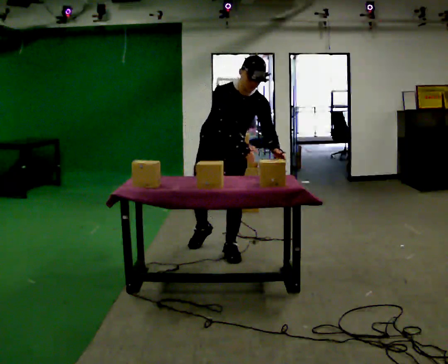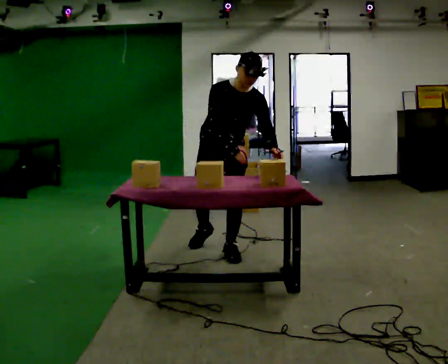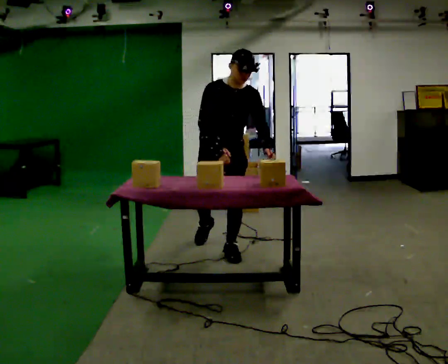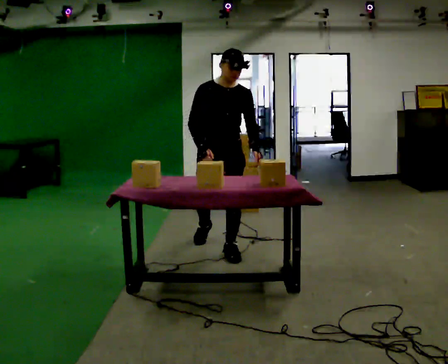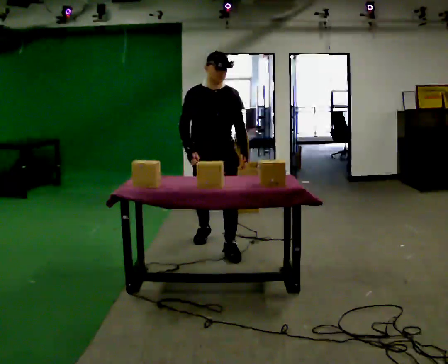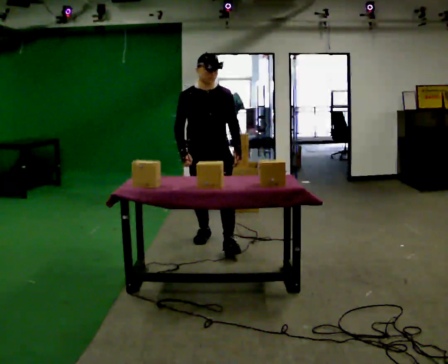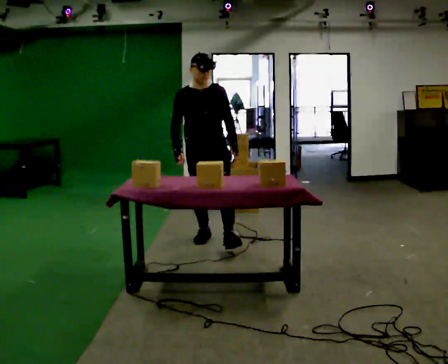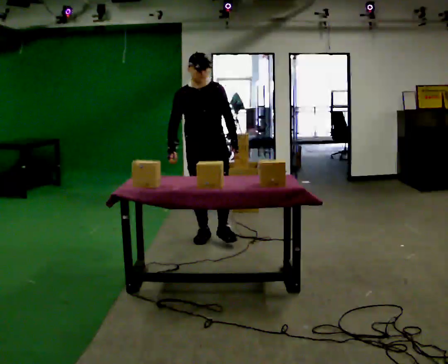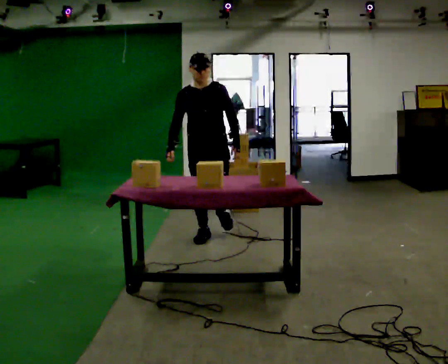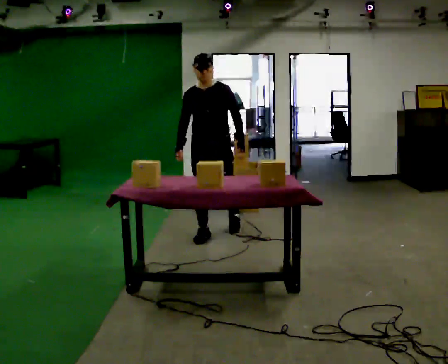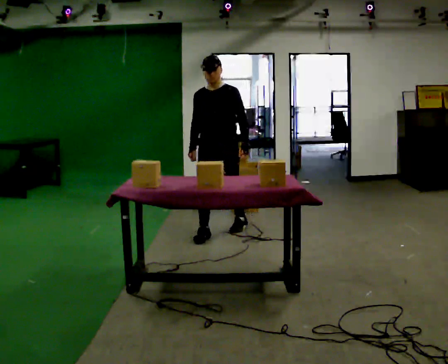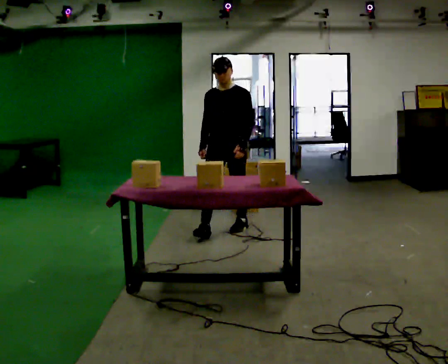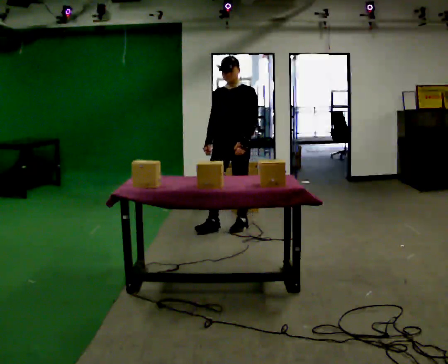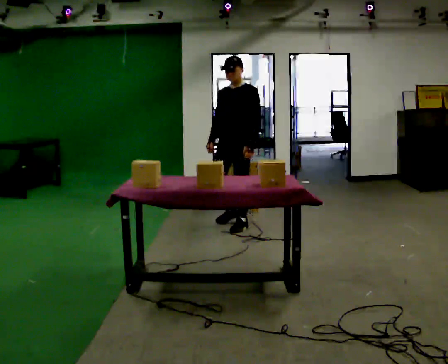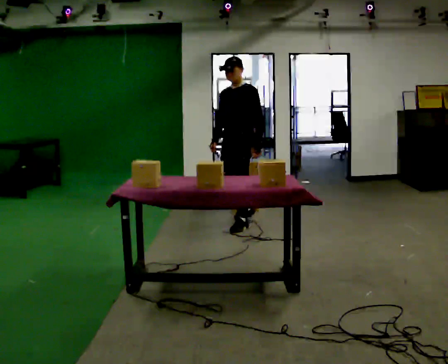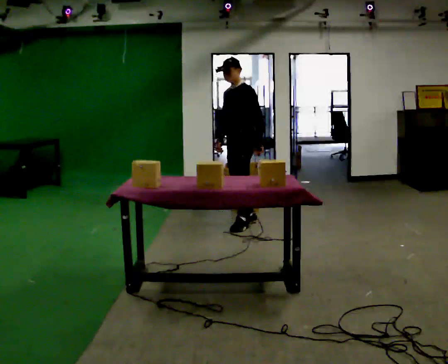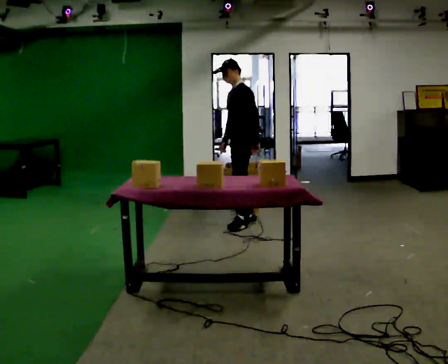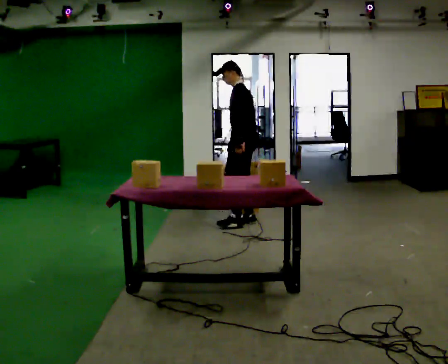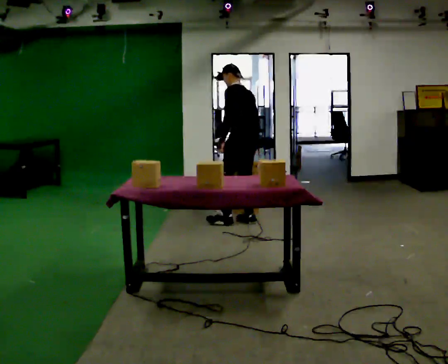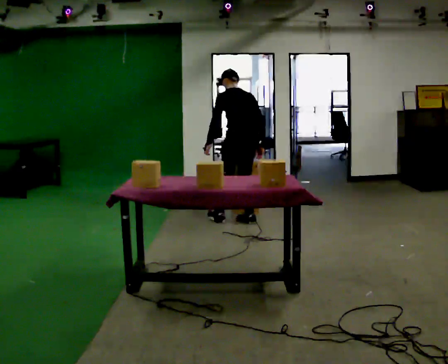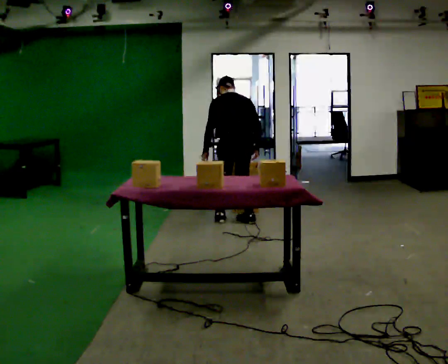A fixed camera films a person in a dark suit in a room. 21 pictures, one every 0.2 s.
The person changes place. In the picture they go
away from the camera.
The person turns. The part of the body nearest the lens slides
to the left.
0.0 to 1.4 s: In the picture they go away from the camera, about 0.5 m in 2 steps, which for them is backward. In the picture the upper body tilts counterclockwise, shoulders to the left, as they lean back or straighten.
1.4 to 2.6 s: Seen from above the body turns clockwise, about 30 degrees: to their right, with its near side sliding to the left. In the picture they go away from the camera and to the right, about 0.5 m in 1 step, which for them is backward.
2.6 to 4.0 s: The part of the body nearest the lens slides to the left as the person turns to their right by about 120 degrees. In the picture they go away from the camera, about 0.25 m in 1 step. The upper body tips away from the camera, its near side rolling upward, as they bend forward. In the picture their right hand goes to the right, the arm swinging counterclockwise.
The film runs backward here.
